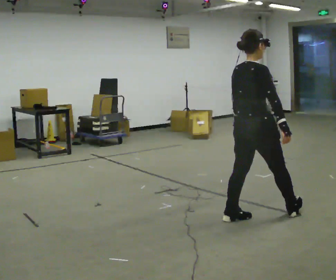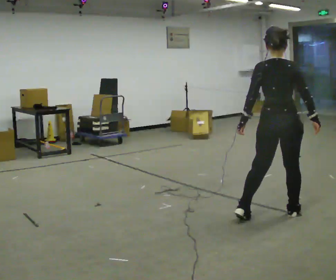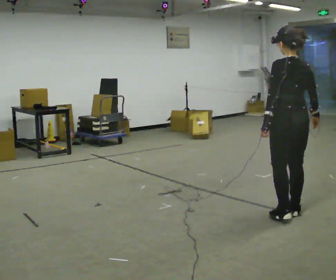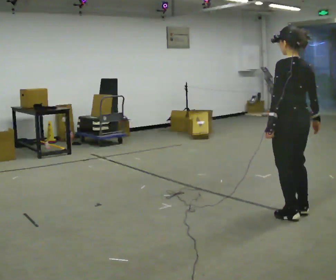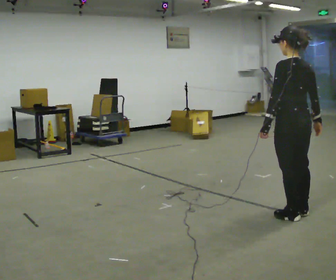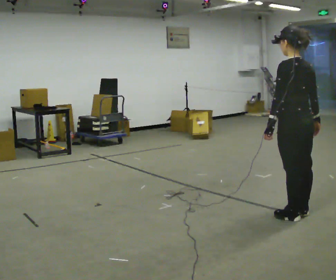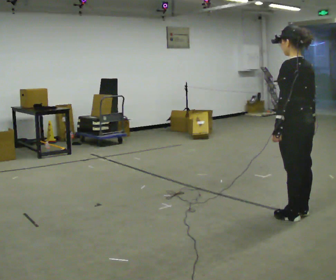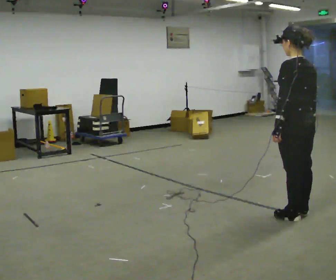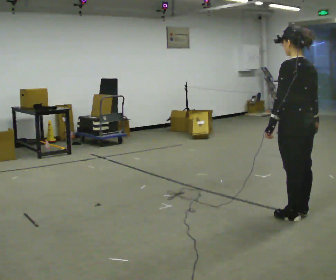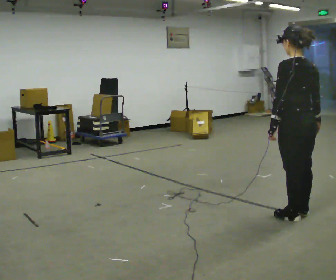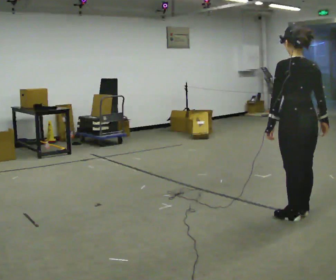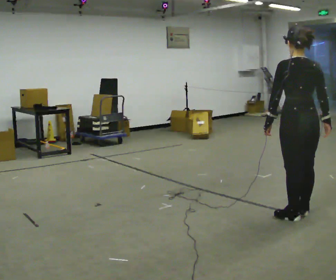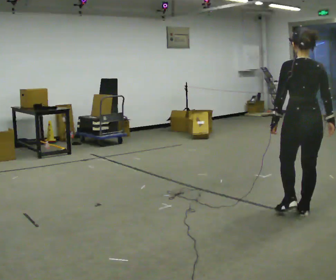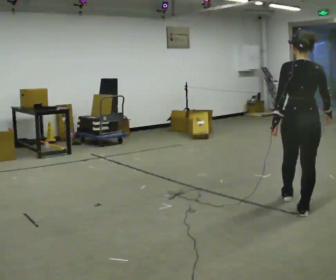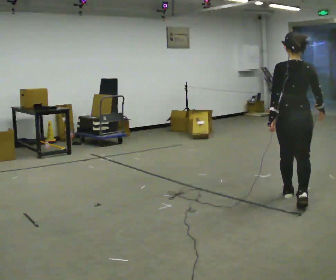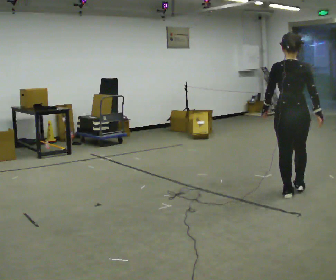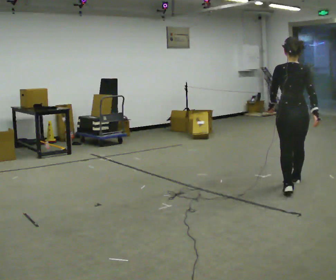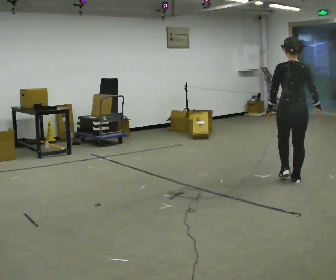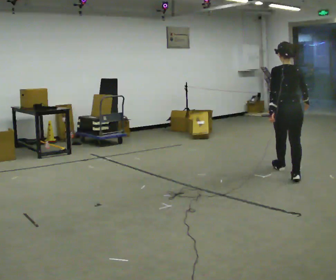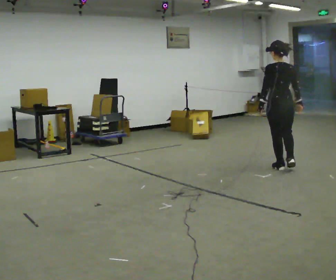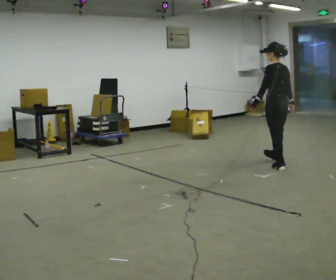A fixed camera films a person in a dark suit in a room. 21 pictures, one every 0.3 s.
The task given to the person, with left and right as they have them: Walk through 3–5 turns in sequence; keep moving; stop at end.
0.0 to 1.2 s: Seen from above the body turns counterclockwise, about 75 degrees: to their left, with its near side sliding to the right. In the picture they go to the right, about 0.25 m in 2 steps.
1.2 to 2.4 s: The person moves a little, or ends about where they began.
2.4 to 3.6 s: The person turns about 30 degrees to their right, clockwise seen from above, so the part of the body nearest the lens slides to the left.
3.6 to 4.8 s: In the picture they go away from the camera, about 1 m in 2 steps, which for them is forward.
4.8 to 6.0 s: Seen from above the body turns counterclockwise, about 45 degrees: to their left, with its near side sliding to the right. In the picture they go away from the camera, about 1 m in 1 step, which for them is forward.
The film runs forward here.
